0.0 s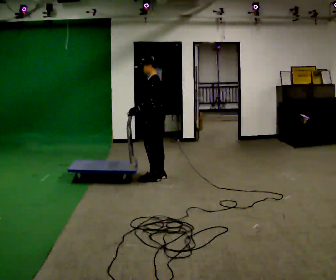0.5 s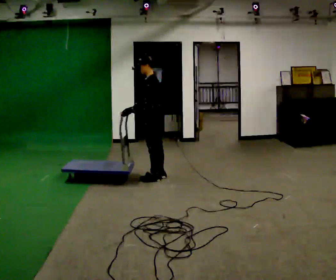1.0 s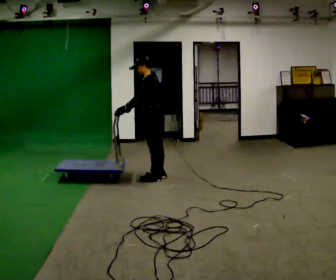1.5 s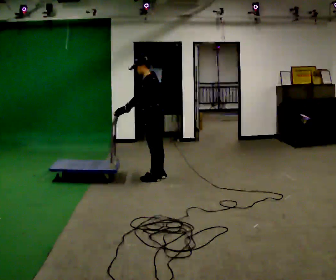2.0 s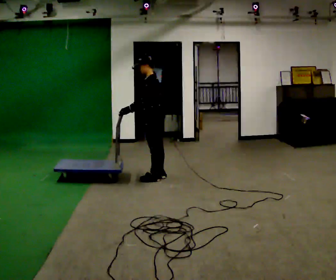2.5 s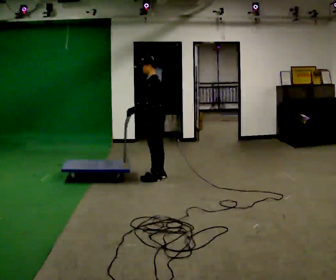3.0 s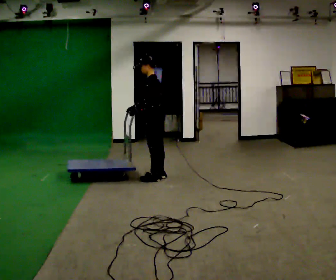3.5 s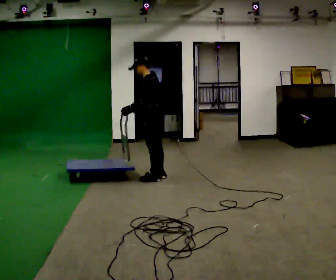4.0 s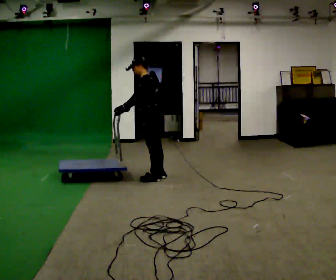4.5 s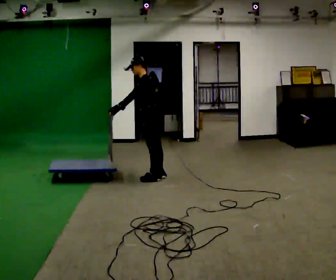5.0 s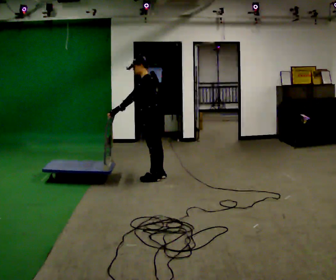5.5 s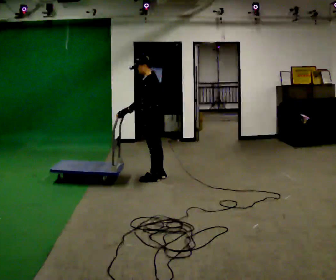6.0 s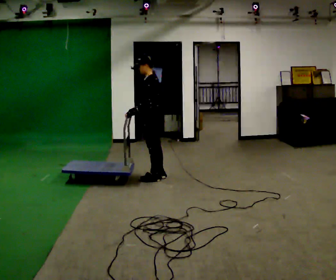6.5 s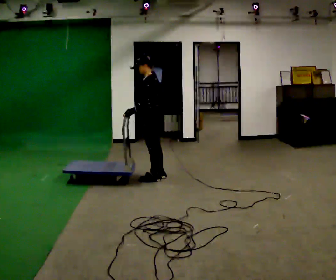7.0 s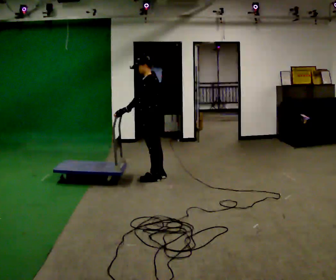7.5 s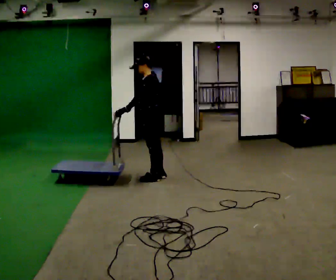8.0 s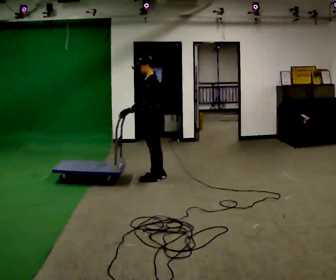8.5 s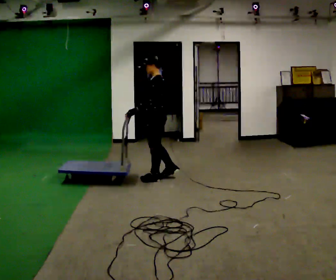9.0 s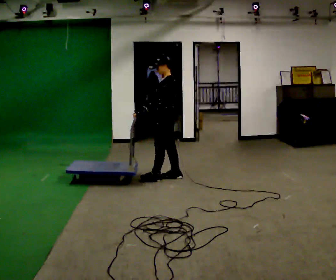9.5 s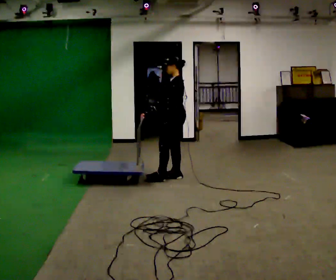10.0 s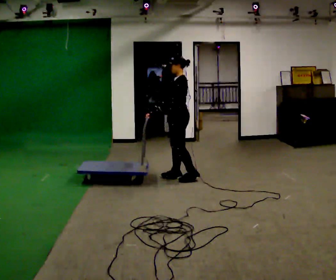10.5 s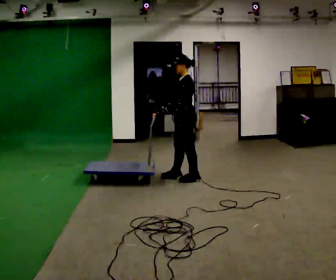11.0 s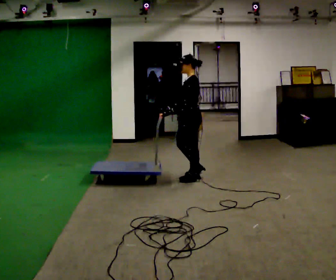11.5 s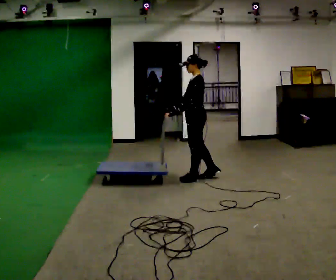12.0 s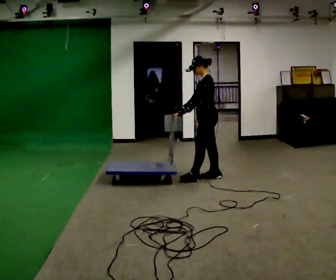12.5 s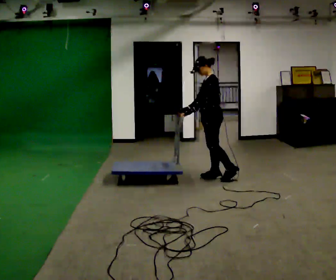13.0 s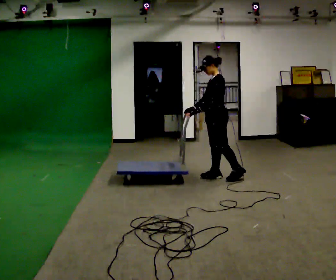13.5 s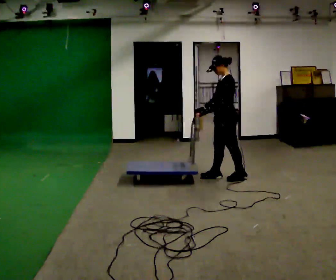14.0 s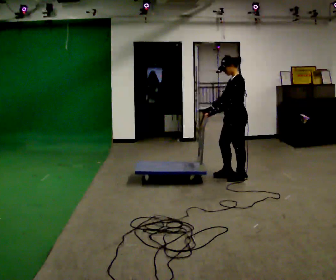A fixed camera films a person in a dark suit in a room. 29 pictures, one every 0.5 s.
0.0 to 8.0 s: The person moves a little, or ends about where they began.
8.0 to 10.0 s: In the picture they go to the right, about 0.25 m in 1 step, which for them is backward.
10.0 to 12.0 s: In the picture they go to the right, about 0.25 m in 1 step, which for them is backward.
12.0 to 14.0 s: In the picture they go to the right and toward the camera, about 0.25 m in 1 step, which for them is backward and to their left.
The film runs forward here.
